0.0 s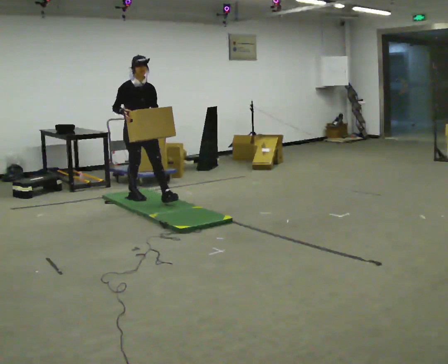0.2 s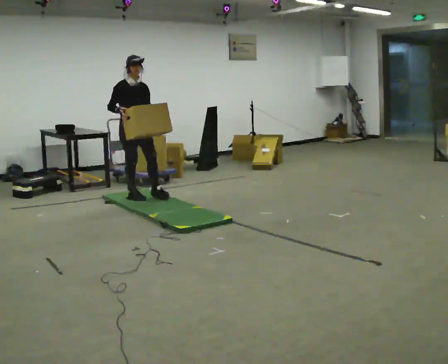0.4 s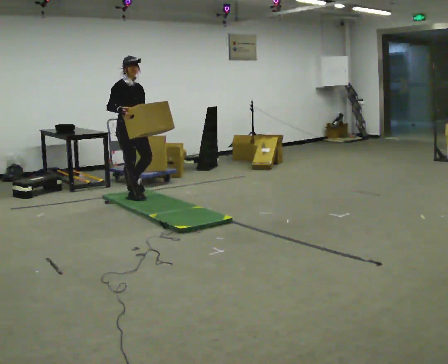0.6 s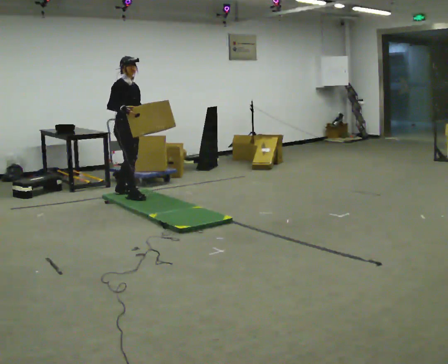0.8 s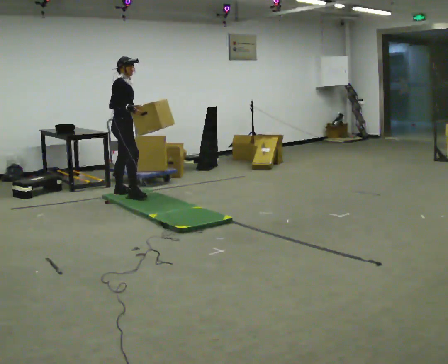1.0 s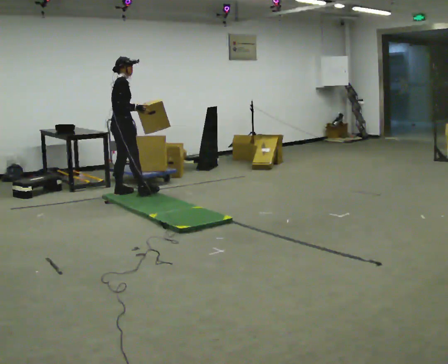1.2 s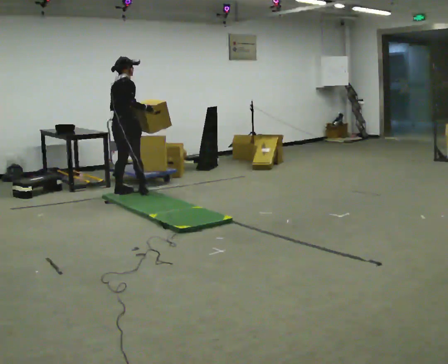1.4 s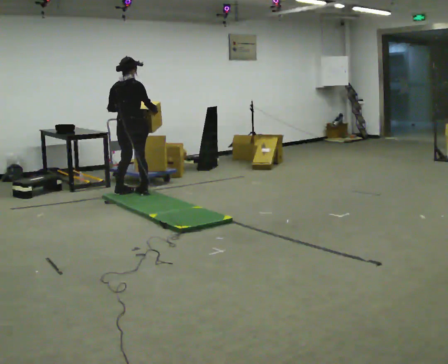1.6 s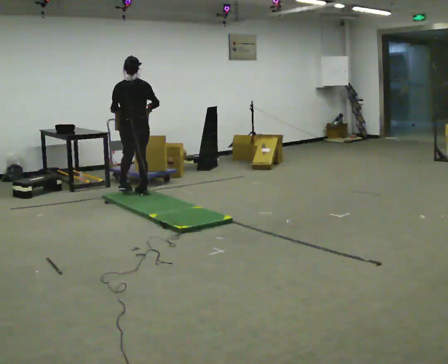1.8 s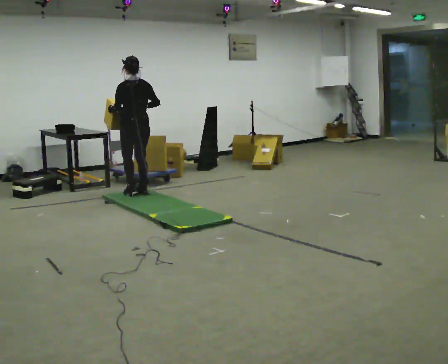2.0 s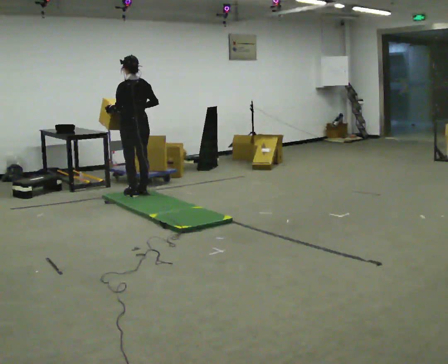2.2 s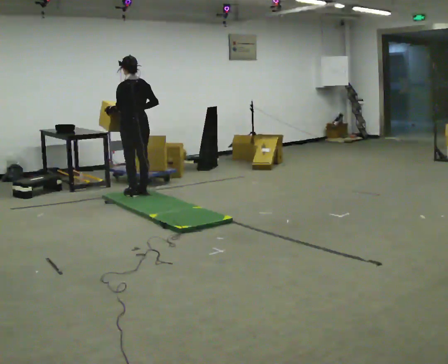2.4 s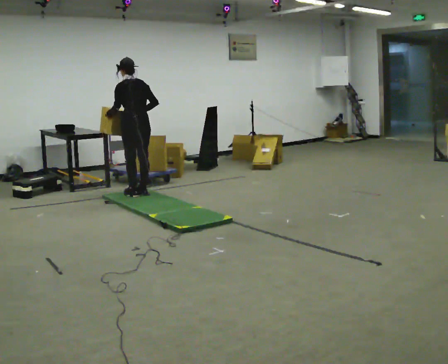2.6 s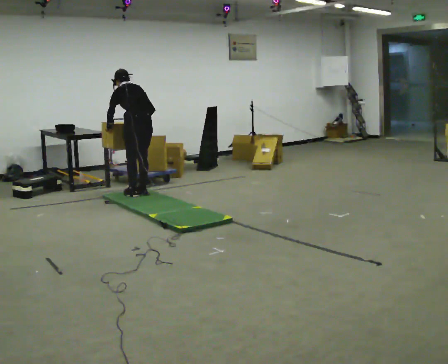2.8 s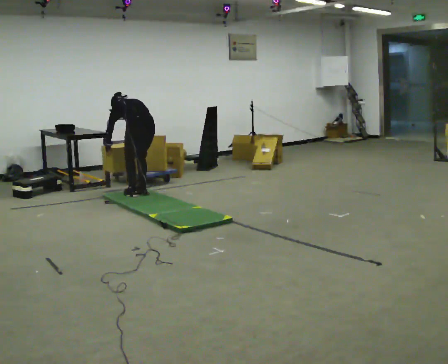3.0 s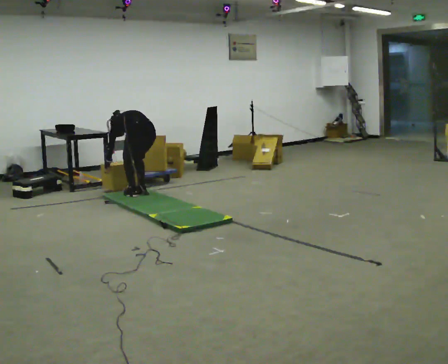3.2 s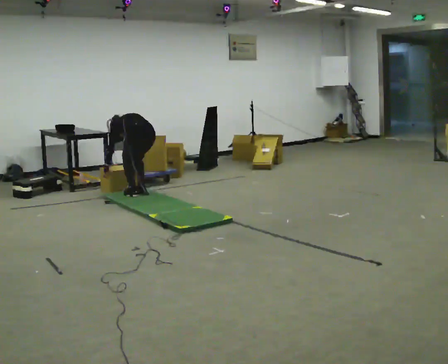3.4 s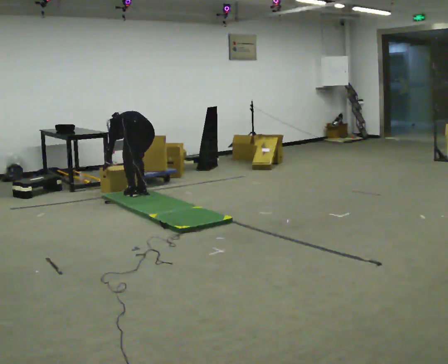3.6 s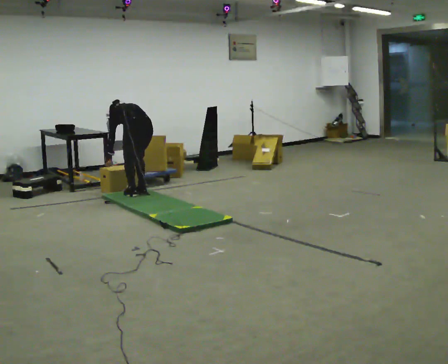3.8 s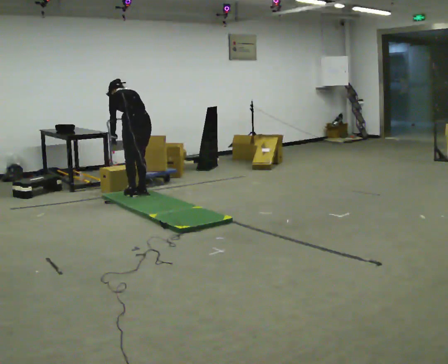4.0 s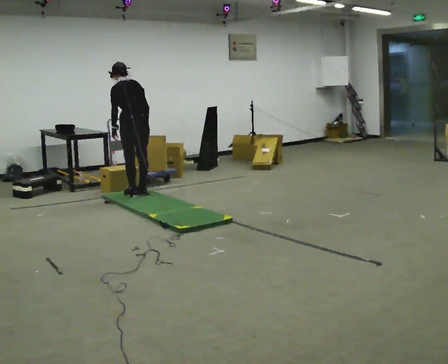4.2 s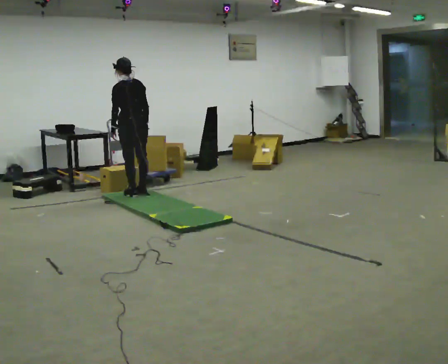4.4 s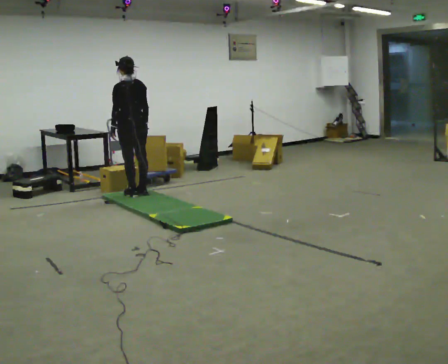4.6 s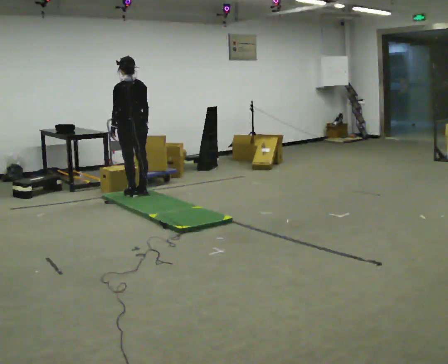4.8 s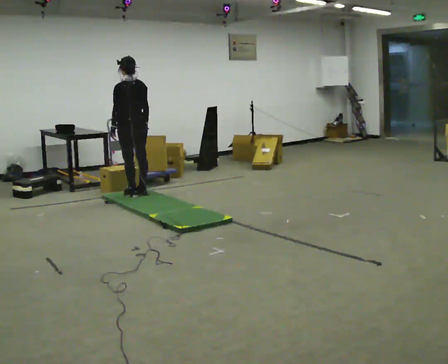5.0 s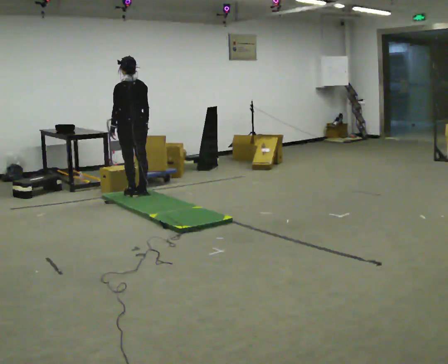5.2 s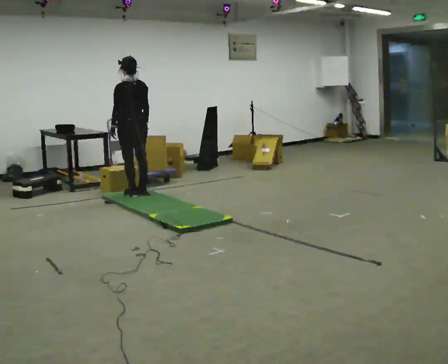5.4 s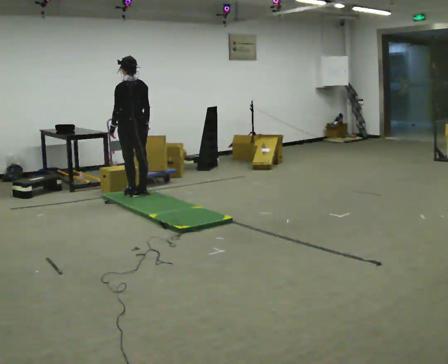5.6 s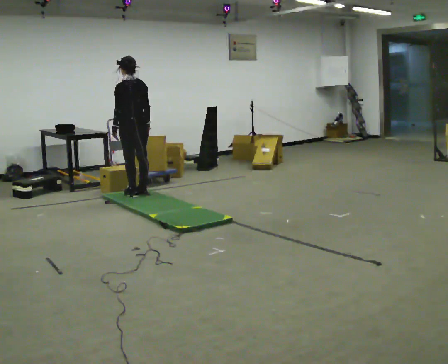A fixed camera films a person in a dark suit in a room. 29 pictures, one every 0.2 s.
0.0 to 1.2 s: The part of the body nearest the lens slides to the right as the person turns to their left by about 90 degrees. In the picture they go away from the camera and to the left, about 0.5 m in 1 step.
1.2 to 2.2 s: The person turns about 90 degrees to their left, counterclockwise seen from above, so the part of the body nearest the lens slides to the right. In the picture they go to the right, about 0.25 m in 1 step.
2.2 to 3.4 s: The shoulders move downward. The upper body tips away from the camera, its near side rolling upward, as they bend forward. In the picture their right hand goes downward.
3.4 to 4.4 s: In the picture they go away from the camera, about 0.25 m, which for them is forward. The shoulders move upward. The upper body tips toward the camera, its near side rolling downward, as they lean back or straighten. In the picture their right hand goes upward.
4.4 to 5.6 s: The person moves a little, or ends about where they began.
The film runs backward here.
